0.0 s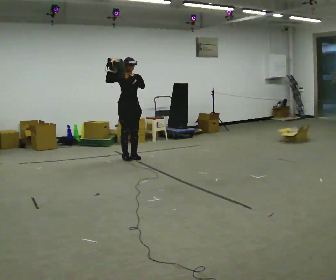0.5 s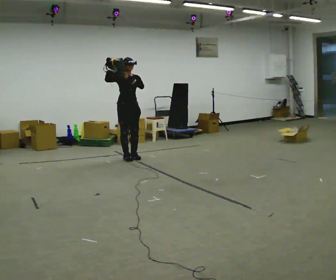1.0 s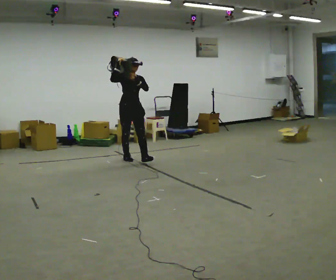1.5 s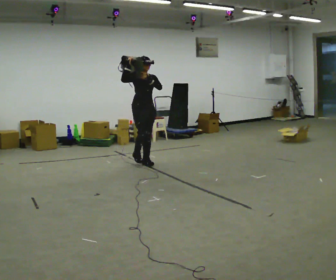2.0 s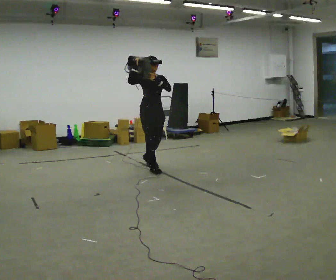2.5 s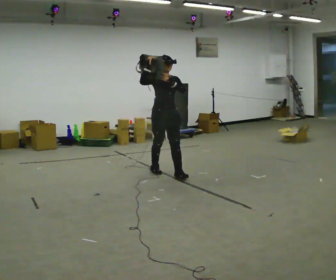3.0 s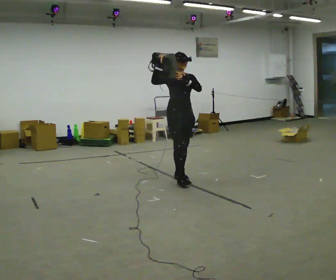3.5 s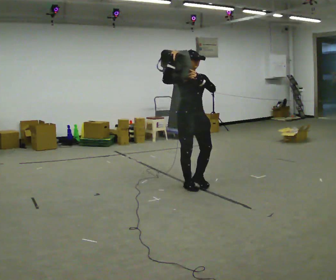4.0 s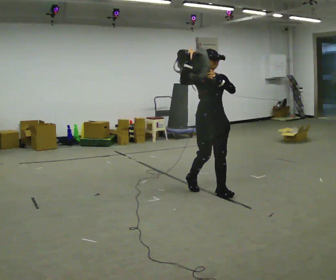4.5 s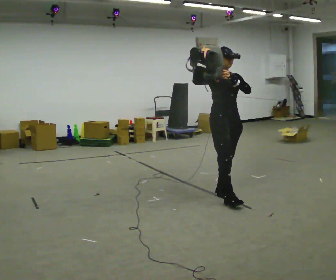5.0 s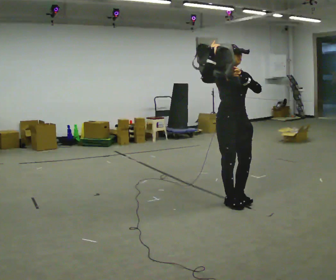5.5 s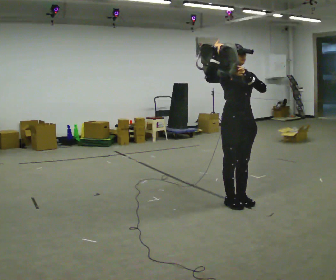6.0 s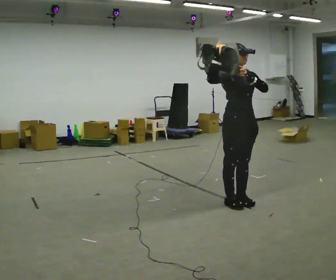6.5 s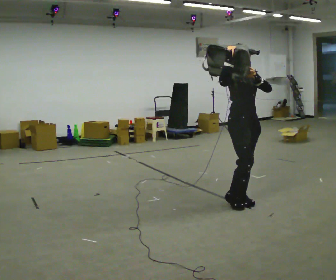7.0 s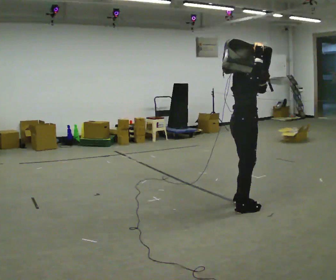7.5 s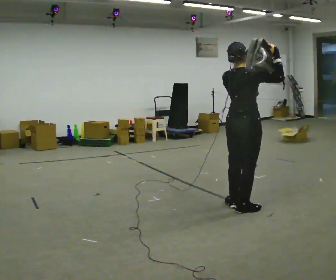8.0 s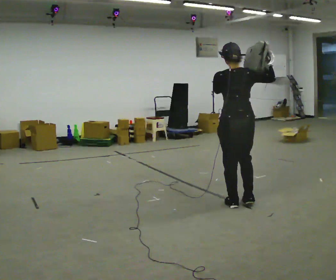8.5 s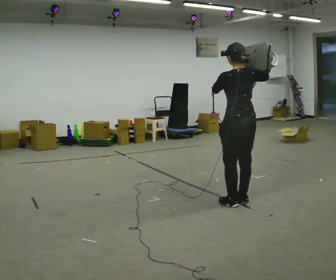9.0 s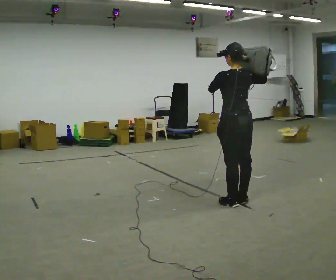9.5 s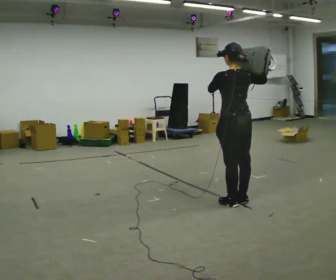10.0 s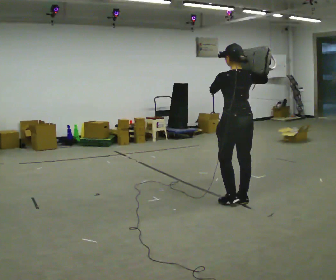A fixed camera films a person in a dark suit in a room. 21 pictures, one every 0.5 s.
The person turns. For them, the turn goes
to their left.
The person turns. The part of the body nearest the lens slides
to the right.
0.0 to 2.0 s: In the picture they go to the right and toward the camera, about 1 m in 2 steps, which for them is forward.
2.0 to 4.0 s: In the picture they go to the right and toward the camera, about 1.5 m in 3 steps, which for them is forward.
4.0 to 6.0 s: In the picture they go toward the camera and to the right, about 0.5 m in 2 steps, which for them is forward.
6.0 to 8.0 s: The person turns about 150 degrees to their left, counterclockwise seen from above, so the part of the body nearest the lens slides to the right. In the picture their right hand goes to the right.
8.0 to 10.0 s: The person moves a little, or ends about where they began.
The film runs forward here.
